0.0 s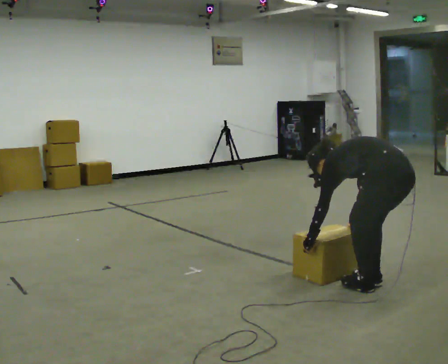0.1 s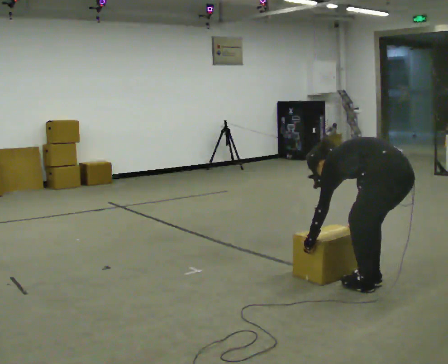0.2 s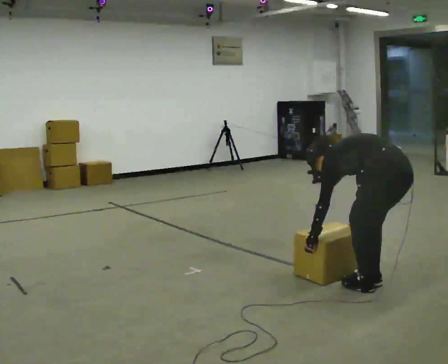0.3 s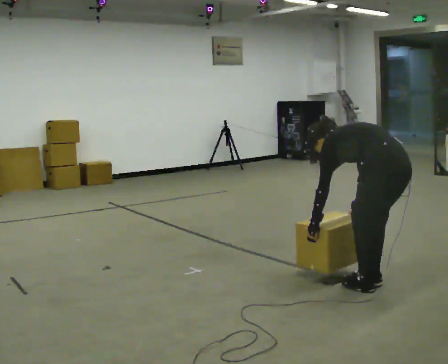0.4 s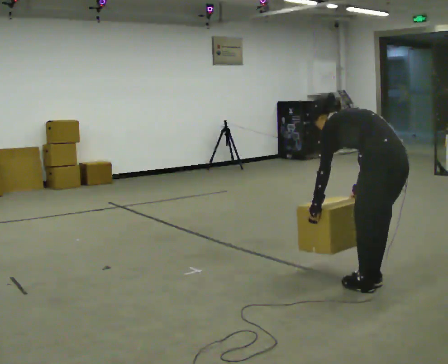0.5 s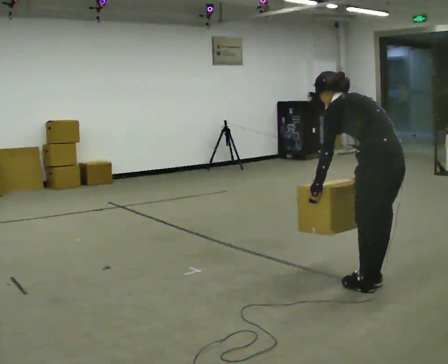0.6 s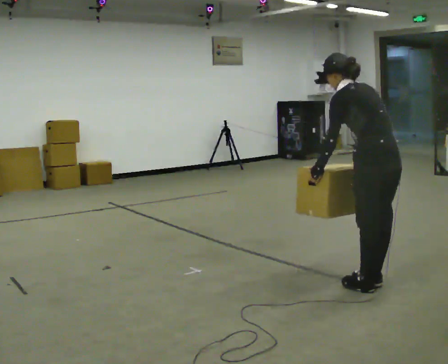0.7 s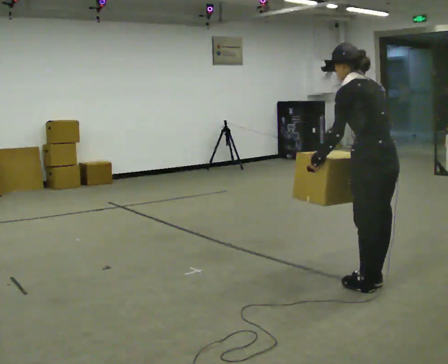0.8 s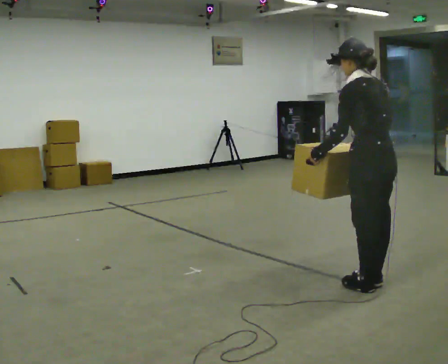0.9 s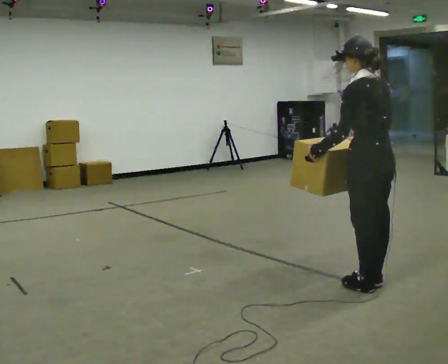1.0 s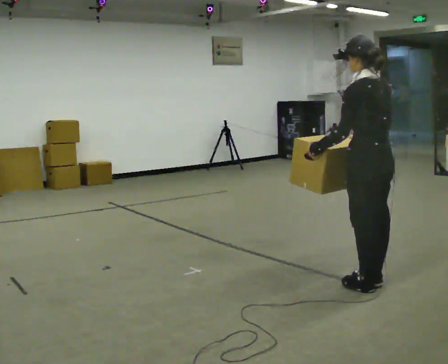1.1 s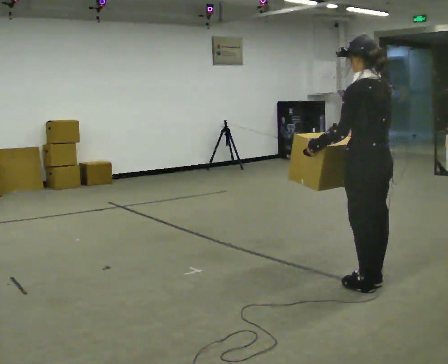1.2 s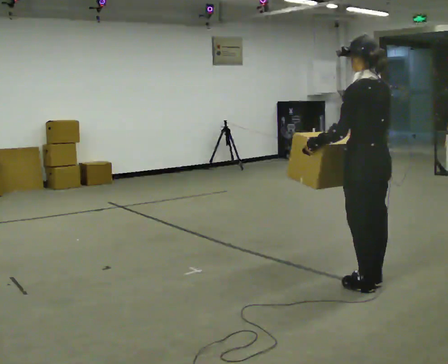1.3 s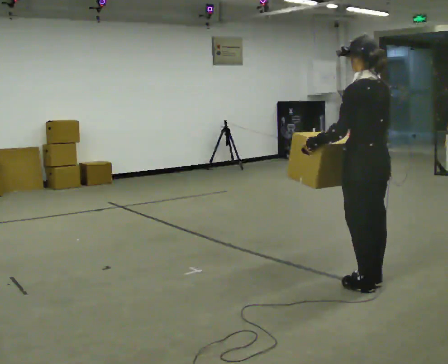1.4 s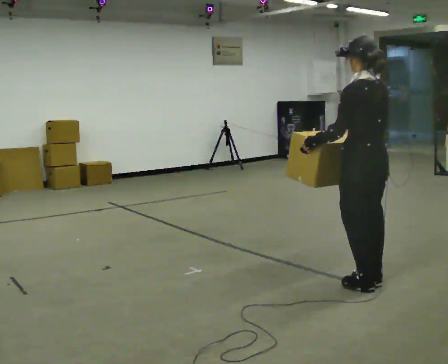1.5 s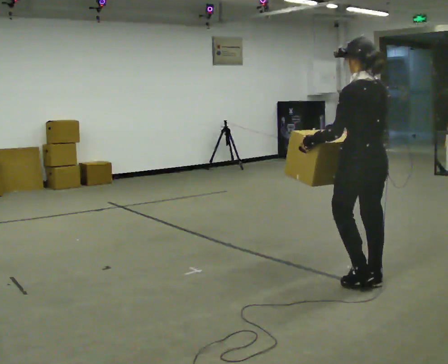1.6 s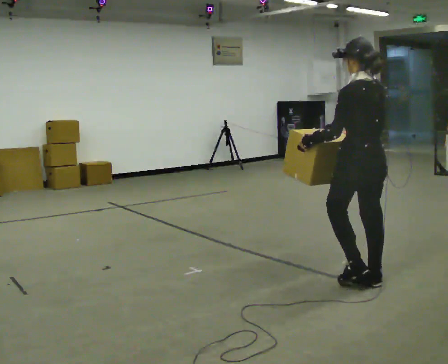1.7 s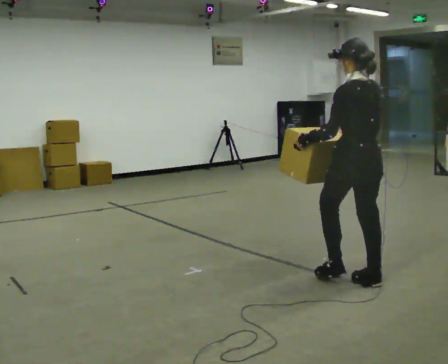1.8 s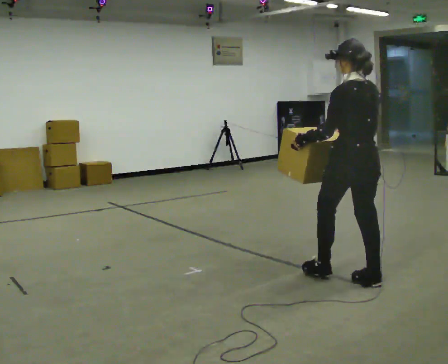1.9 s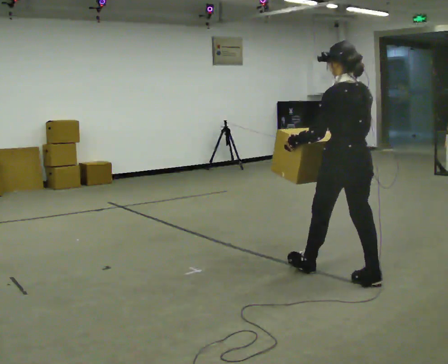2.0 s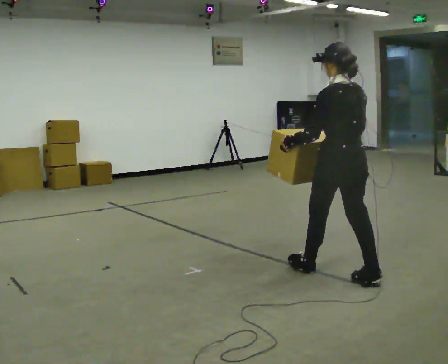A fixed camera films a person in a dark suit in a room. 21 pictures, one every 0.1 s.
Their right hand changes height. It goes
upward.
Their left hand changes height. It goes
upward.
0.0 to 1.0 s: The upper body goes upward. In the picture the upper body tilts clockwise, shoulders to the right, as they lean back or straighten. In the picture their right hand goes upward.
1.0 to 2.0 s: In the picture they go to the left and away from the camera, about 0.25 m in 1 step, which for them is forward.
The film runs forward here.
